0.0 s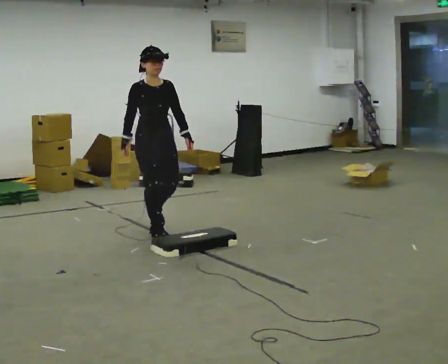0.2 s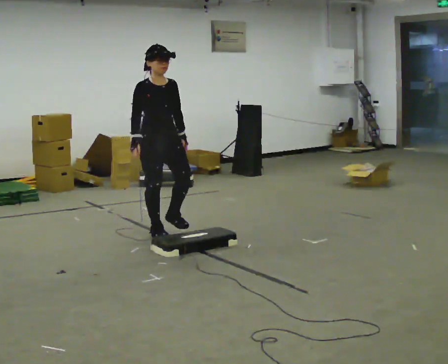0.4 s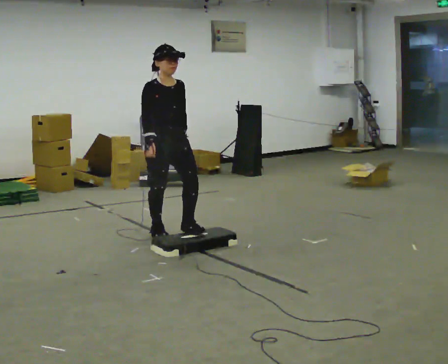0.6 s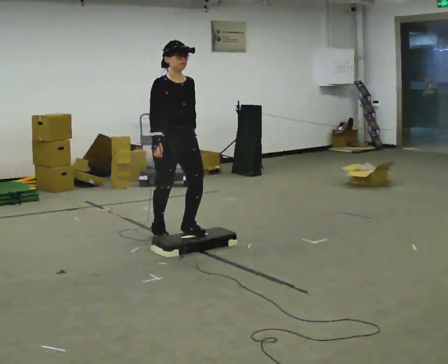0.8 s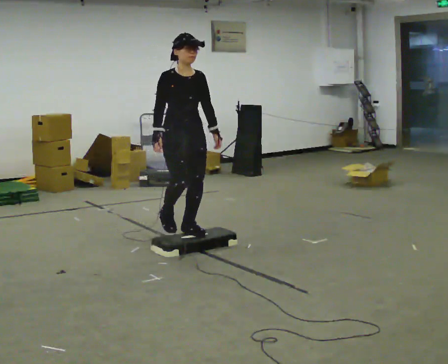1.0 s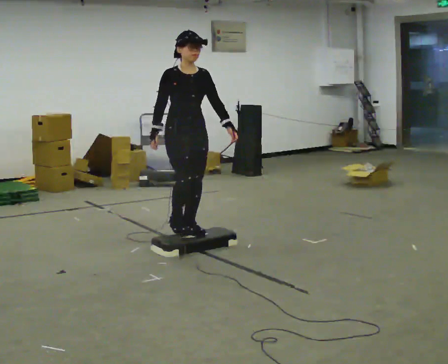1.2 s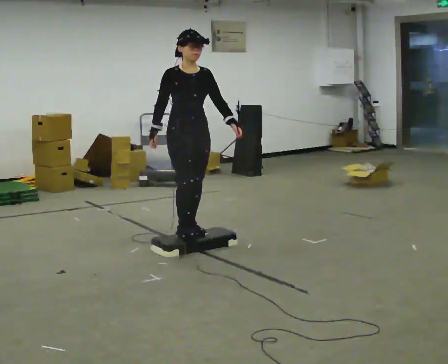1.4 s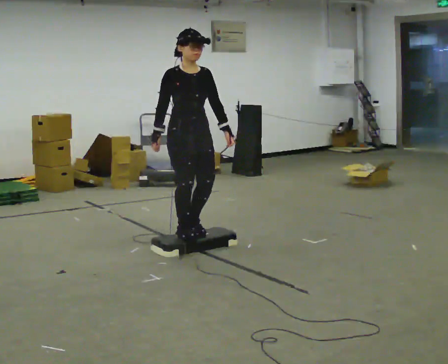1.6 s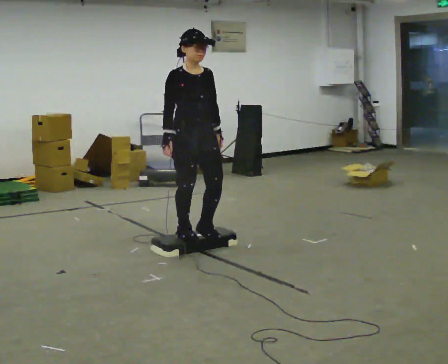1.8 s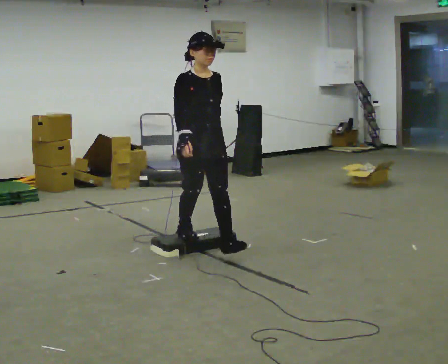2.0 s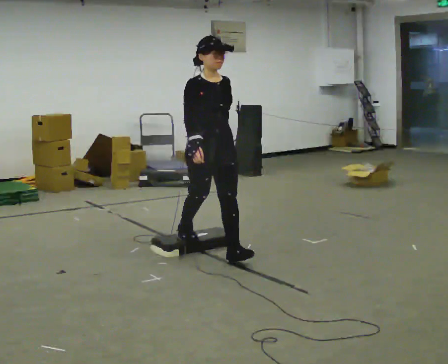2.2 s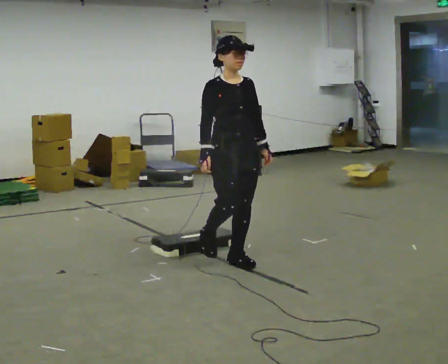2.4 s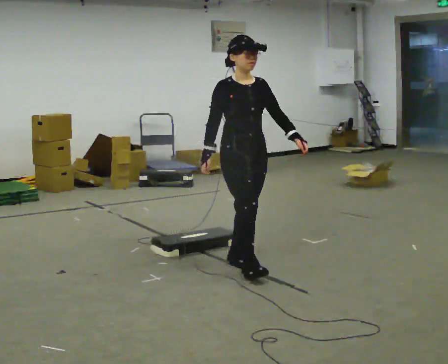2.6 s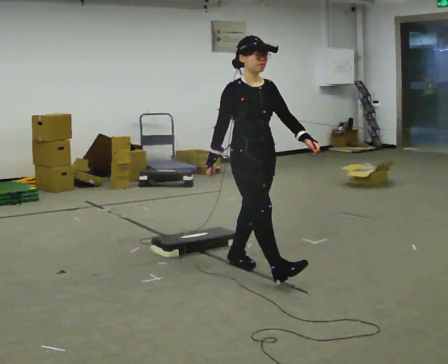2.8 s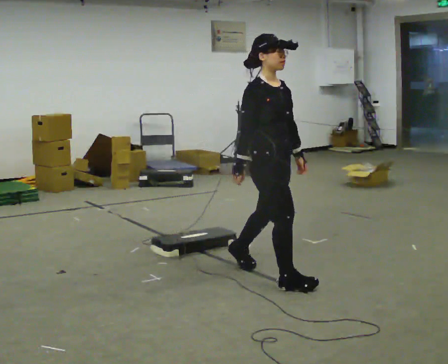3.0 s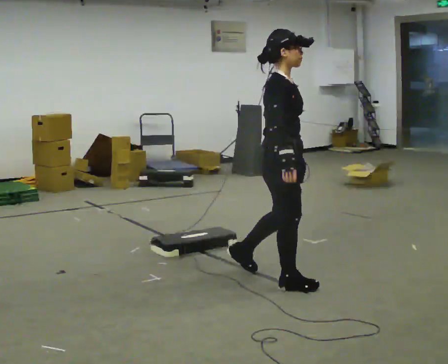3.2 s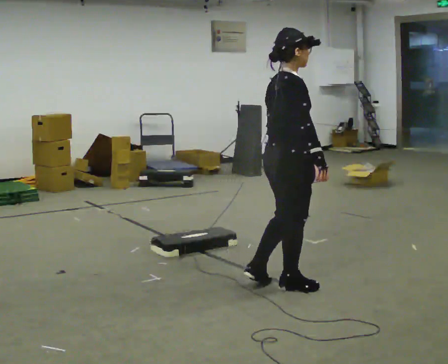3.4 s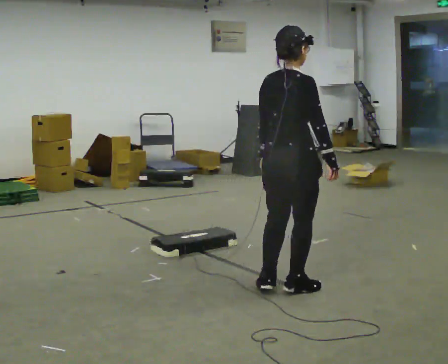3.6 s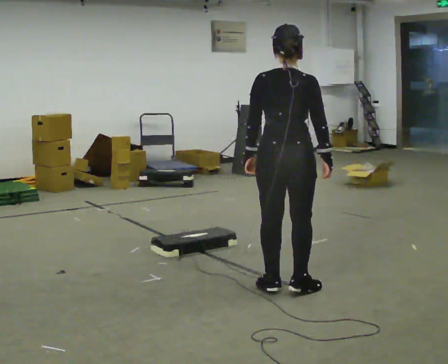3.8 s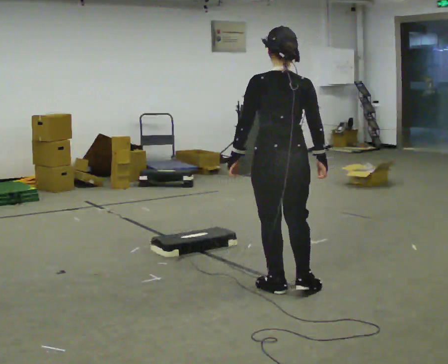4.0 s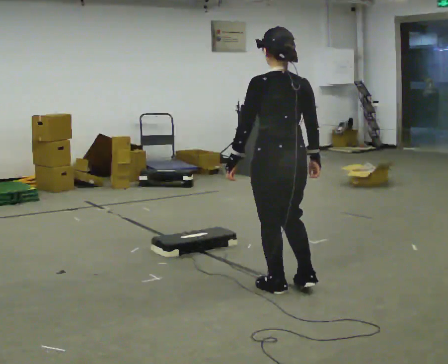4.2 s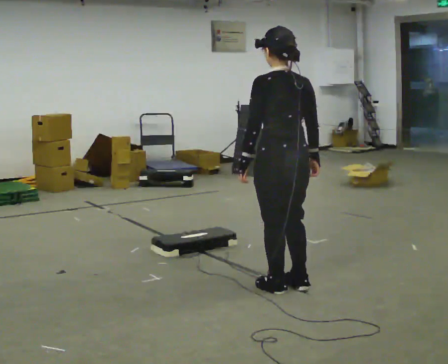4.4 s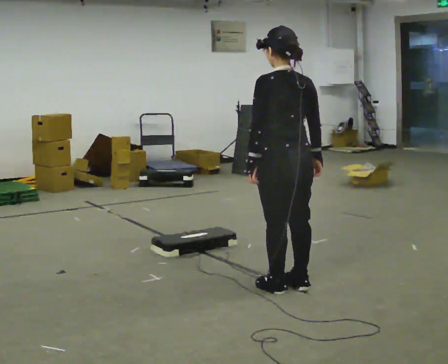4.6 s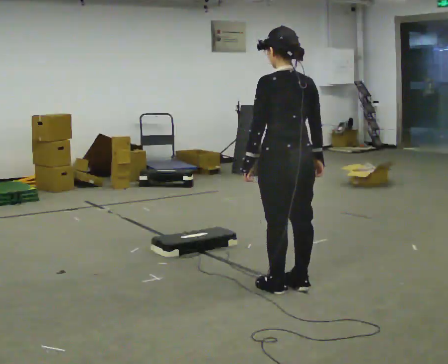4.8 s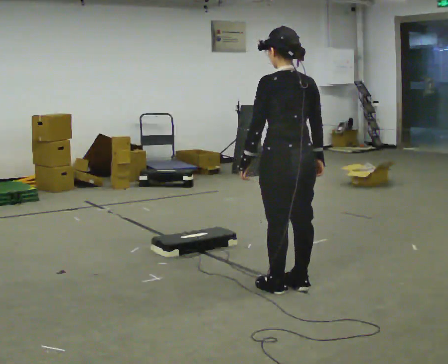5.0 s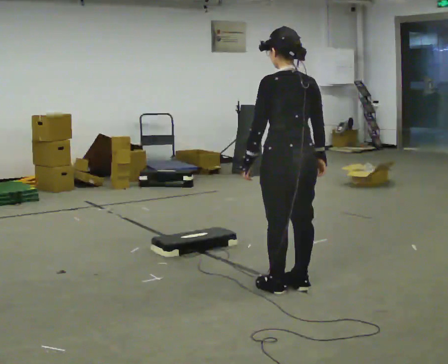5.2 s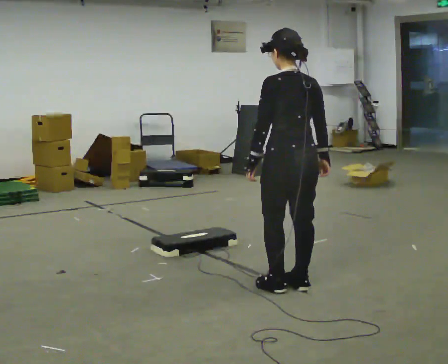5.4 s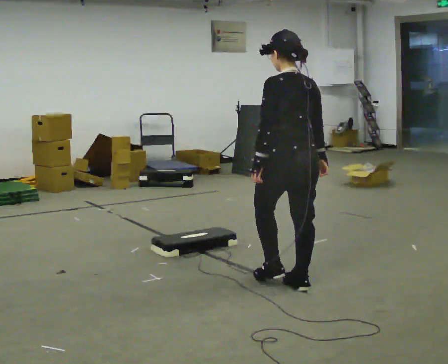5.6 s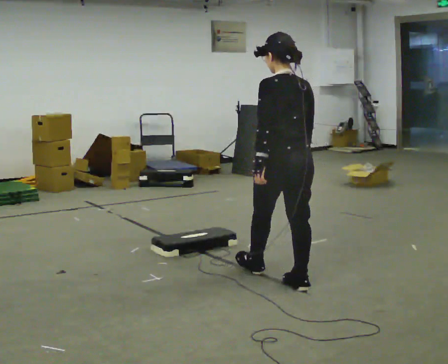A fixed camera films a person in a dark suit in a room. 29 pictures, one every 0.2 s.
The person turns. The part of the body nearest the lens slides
to the right.
The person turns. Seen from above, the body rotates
counterclockwise.
0.0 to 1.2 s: In the picture they go toward the camera and to the right, about 0.5 m in 2 steps, which for them is forward.
1.2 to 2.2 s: In the picture they go toward the camera and to the right, about 0.5 m in 1 step, which for them is forward.
2.2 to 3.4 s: Seen from above the body turns counterclockwise, about 120 degrees: to their left, with its near side sliding to the right. In the picture they go toward the camera and to the right, about 0.75 m in 2 steps.
3.4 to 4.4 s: The part of the body nearest the lens slides to the right as the person turns to their left by about 60 degrees.
4.4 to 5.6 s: The person moves a little, or ends about where they began.
The film runs forward here.
